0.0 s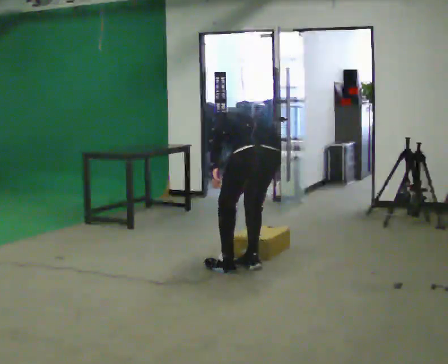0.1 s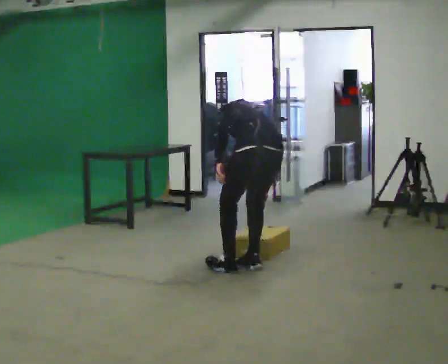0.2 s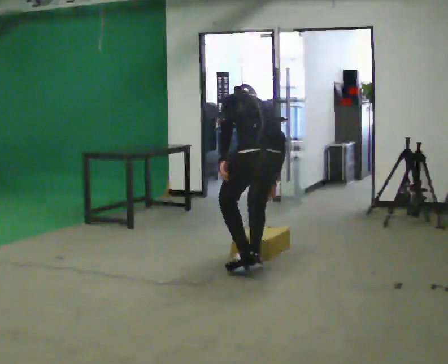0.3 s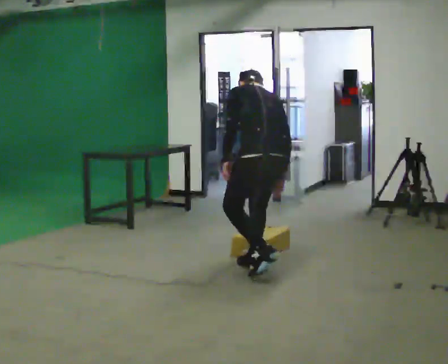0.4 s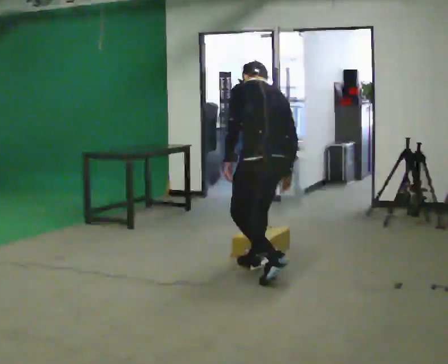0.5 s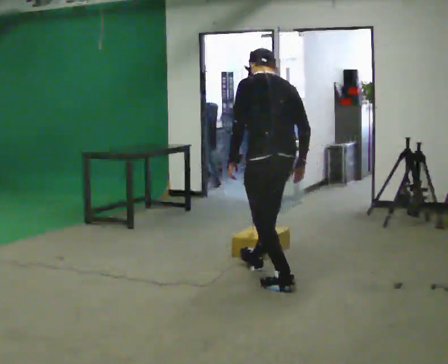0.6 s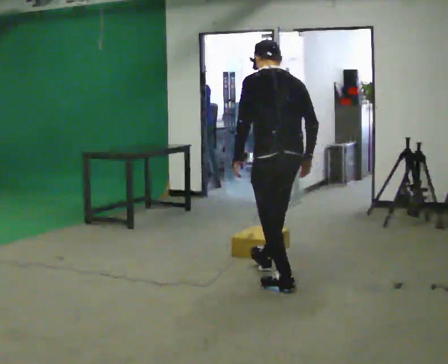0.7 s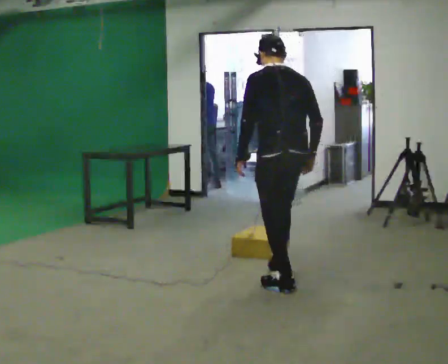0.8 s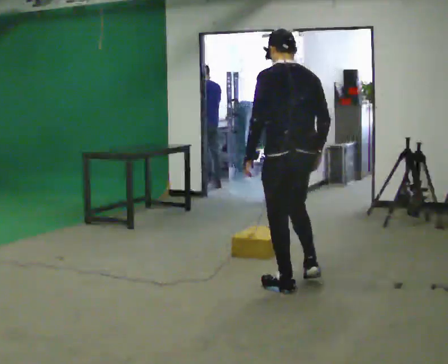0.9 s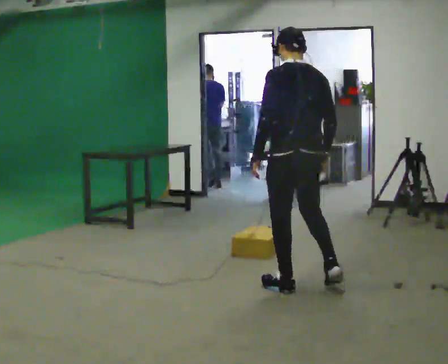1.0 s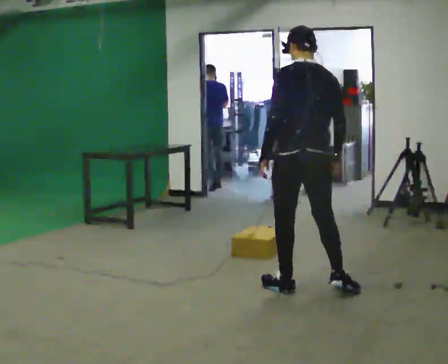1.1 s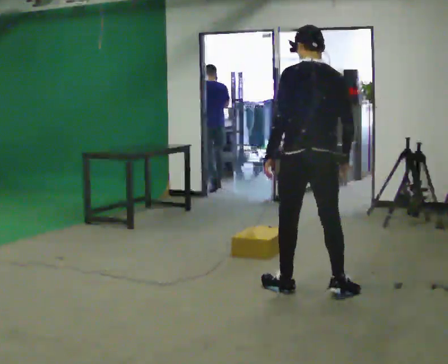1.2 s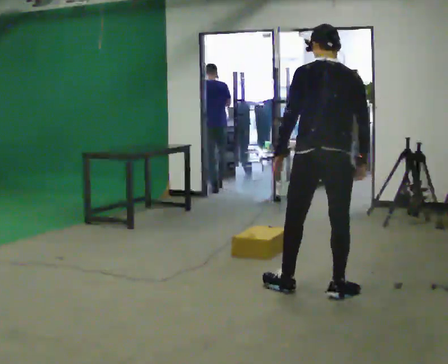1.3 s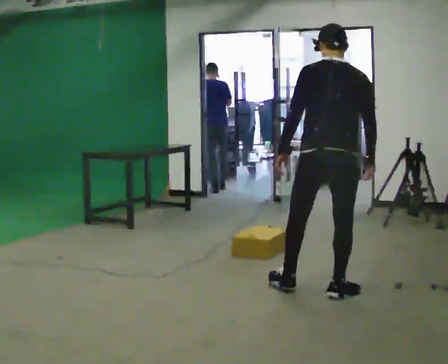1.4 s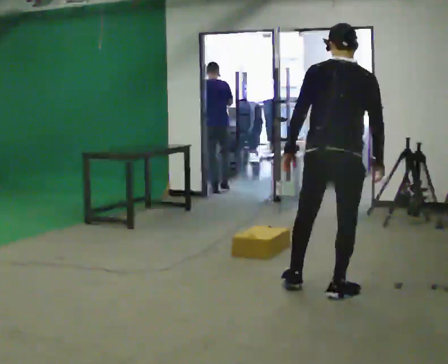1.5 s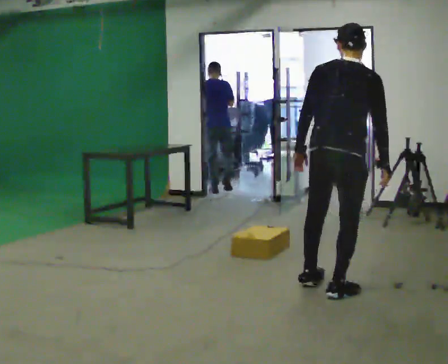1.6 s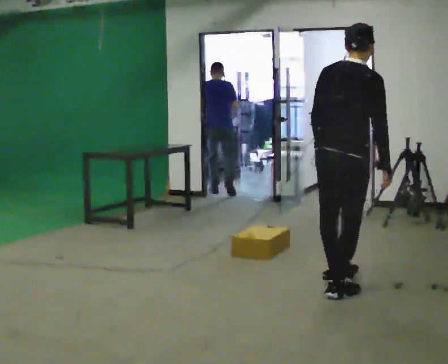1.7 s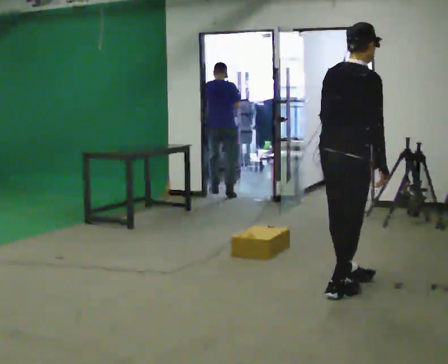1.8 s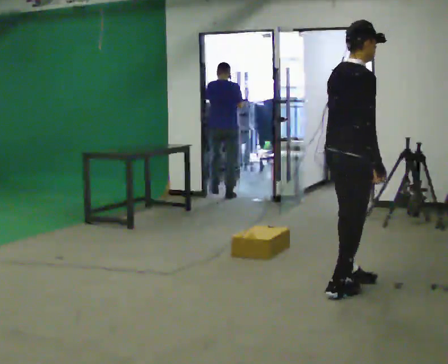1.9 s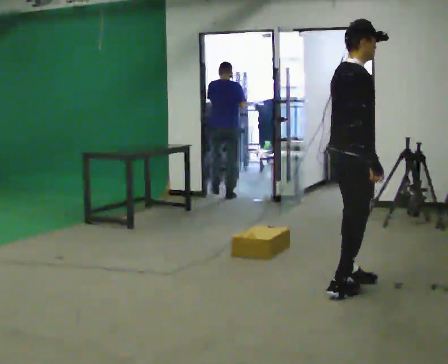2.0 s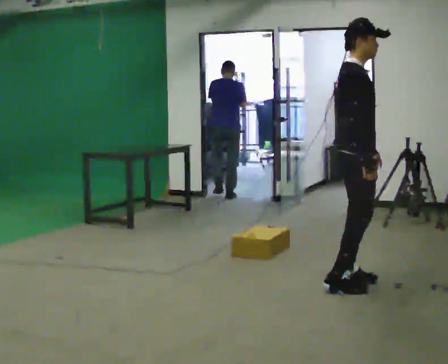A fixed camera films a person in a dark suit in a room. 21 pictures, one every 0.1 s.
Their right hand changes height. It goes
upward.
The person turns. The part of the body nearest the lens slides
to the left.
0.0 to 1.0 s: In the picture they go toward the camera and to the right, about 0.5 m in 2 steps, which for them is backward. The upper body goes upward. The upper body tips toward the camera, its near side rolling downward, as they lean back or straighten.
1.0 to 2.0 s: The part of the body nearest the lens slides to the left as the person turns to their right by about 105 degrees. In the picture they go to the right, about 0.25 m in 2 steps.
The film runs backward here.
